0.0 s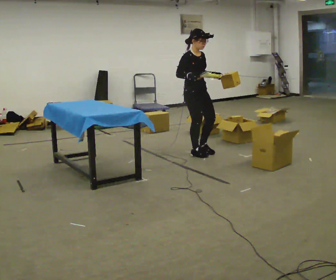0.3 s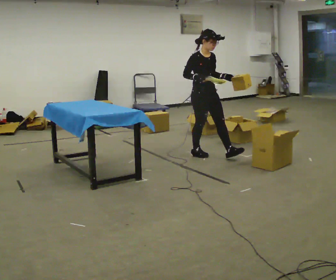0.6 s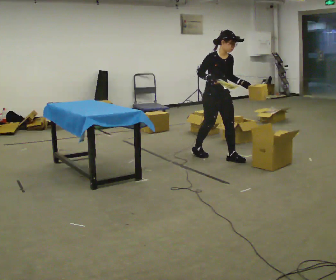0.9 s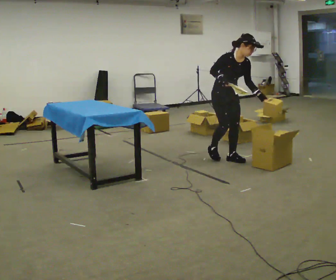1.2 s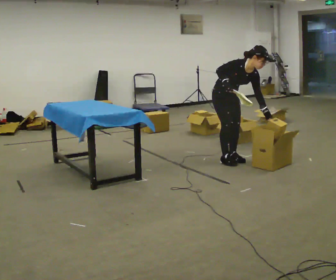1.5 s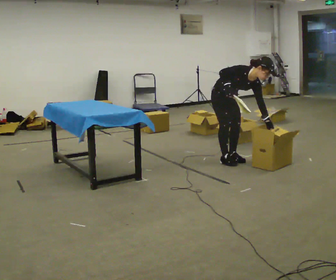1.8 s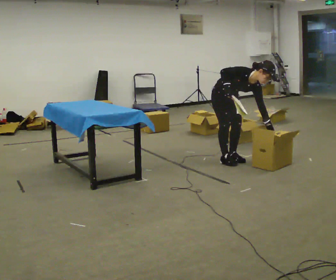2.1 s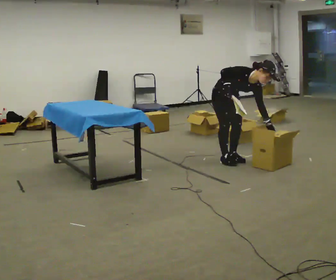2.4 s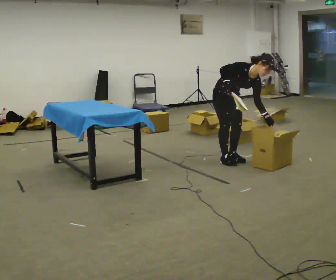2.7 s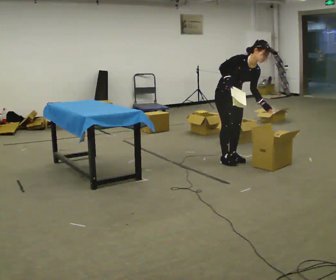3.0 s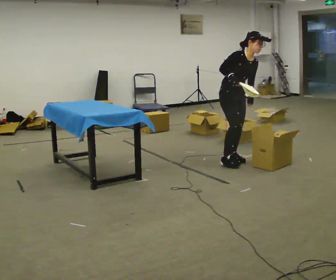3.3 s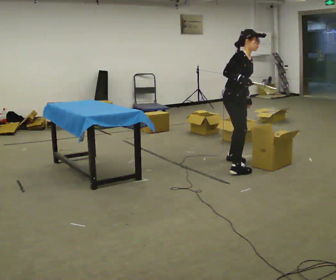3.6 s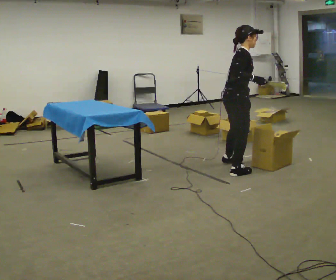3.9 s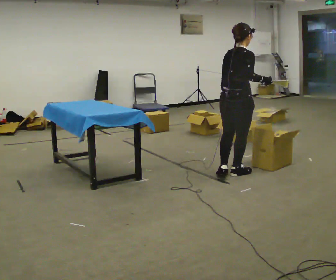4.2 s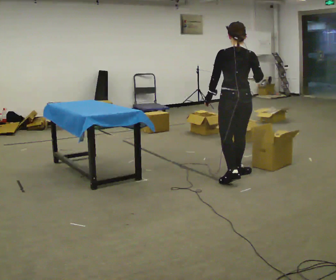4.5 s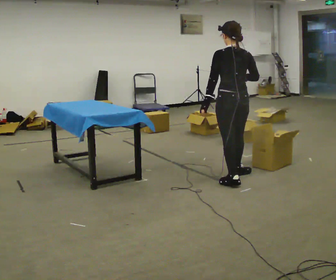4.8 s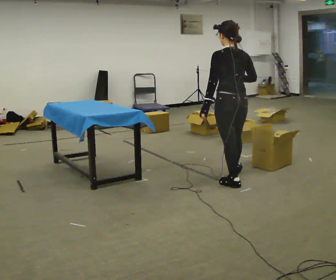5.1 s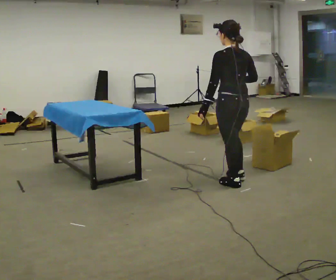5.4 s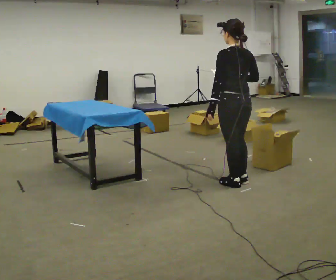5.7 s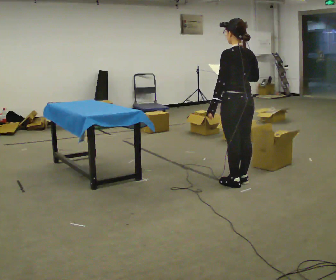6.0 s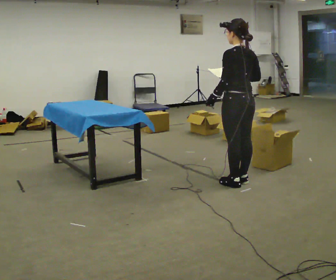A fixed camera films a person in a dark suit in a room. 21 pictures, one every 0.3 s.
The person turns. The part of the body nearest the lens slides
to the right.
The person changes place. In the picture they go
toward the camera.
0.0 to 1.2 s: In the picture they go to the right and toward the camera, about 0.5 m in 2 steps, which for them is forward and to their left. In the picture the upper body tilts clockwise, shoulders to the right, as they bend forward. In the picture their left hand goes downward.
1.2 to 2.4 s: The person moves a little, or ends about where they began.
2.4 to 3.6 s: The person turns about 75 degrees to their left, counterclockwise seen from above, so the part of the body nearest the lens slides to the right. In the picture they go toward the camera, about 0.5 m in 1 step. The shoulders move upward. The upper body tips away from the camera, its near side rolling upward, as they lean back or straighten.
3.6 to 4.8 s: The part of the body nearest the lens slides to the right as the person turns to their left by about 105 degrees. In the picture they go toward the camera, about 0.5 m in 1 step.
4.8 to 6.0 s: The person moves a little, or ends about where they began.
The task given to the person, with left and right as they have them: 1. Read the parts list. 2. Collect each part from the bins around the room. 3. Lay them out on the table in the order on the list. 4. Put them all in the carry case. 5. Tell the operator when you are finished.
The film runs forward here.
